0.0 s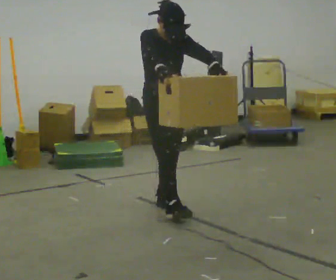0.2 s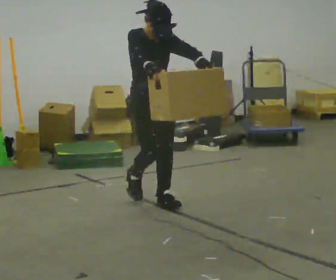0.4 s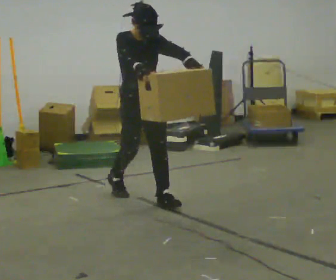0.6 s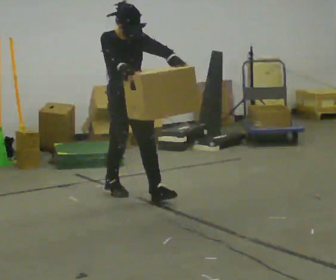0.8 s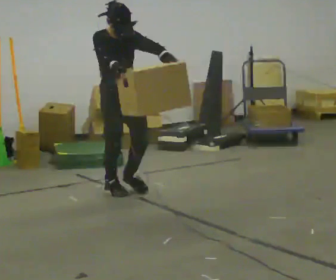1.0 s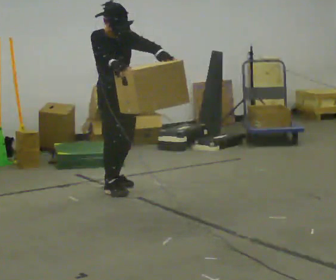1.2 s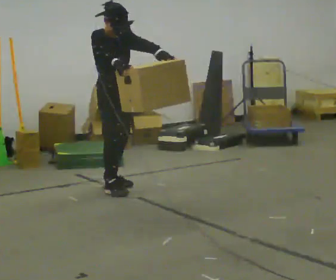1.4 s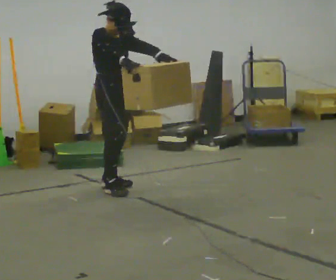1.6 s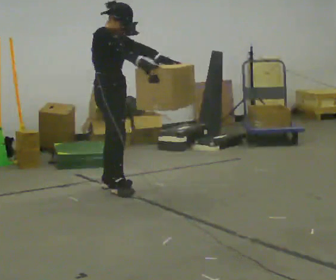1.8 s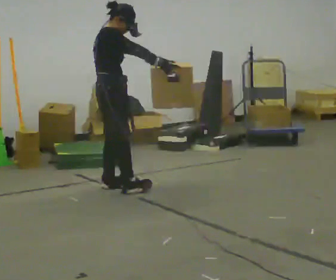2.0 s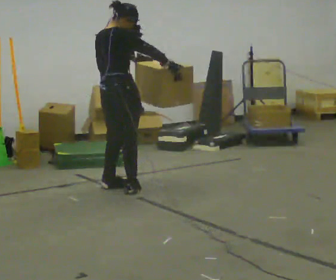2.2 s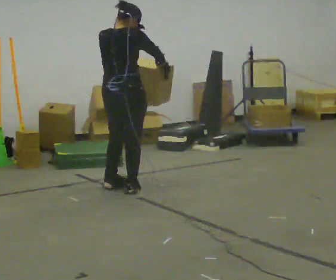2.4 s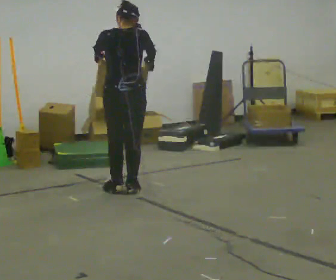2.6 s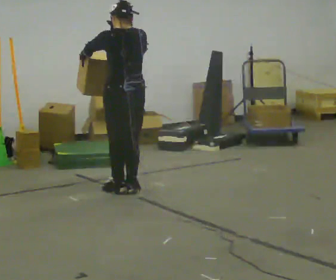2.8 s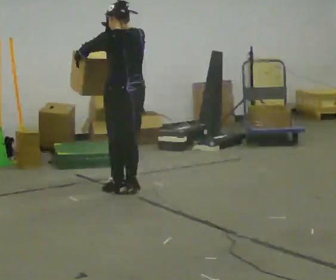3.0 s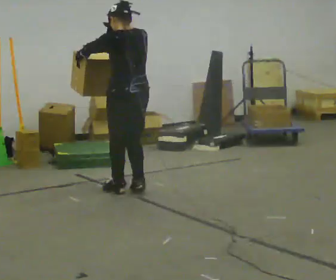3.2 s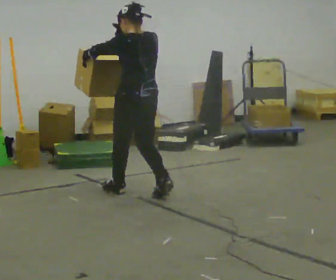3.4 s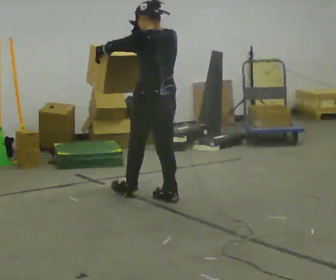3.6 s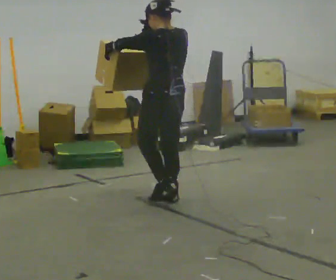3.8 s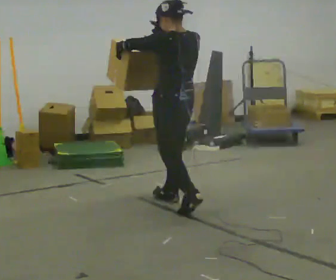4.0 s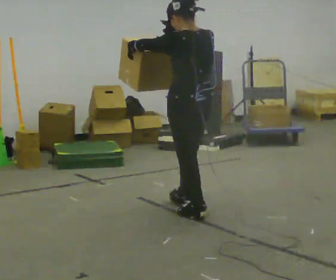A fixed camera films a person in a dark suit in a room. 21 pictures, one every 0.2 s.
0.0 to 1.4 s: In the picture they go away from the camera and to the left, about 1 m in 1 step, which for them is backward.
1.4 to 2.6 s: The person turns about 150 degrees to their left, counterclockwise seen from above, so the part of the body nearest the lens slides to the right. In the picture their left hand goes to the left.
2.6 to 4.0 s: In the picture they go toward the camera and to the right, about 0.5 m in 3 steps, which for them is backward.
The film runs backward here.
